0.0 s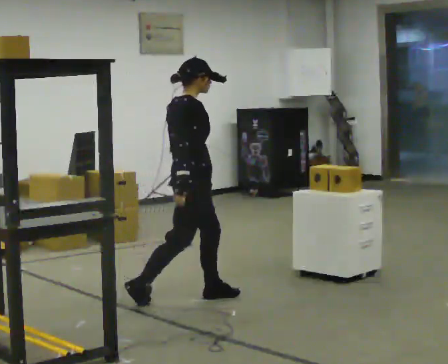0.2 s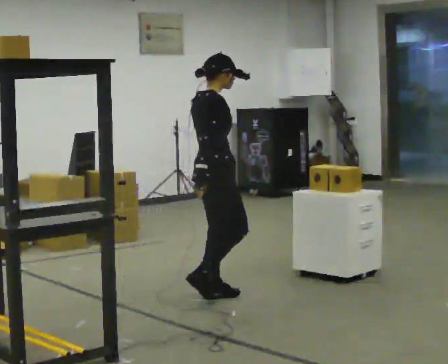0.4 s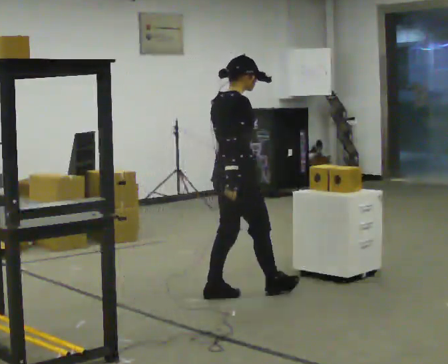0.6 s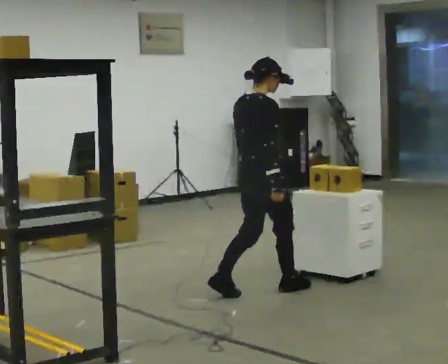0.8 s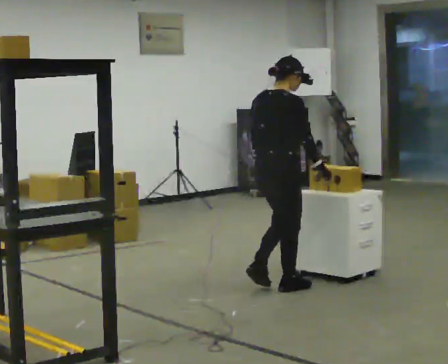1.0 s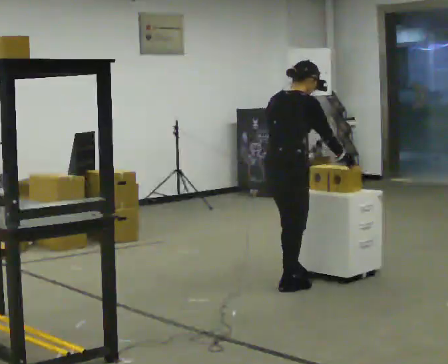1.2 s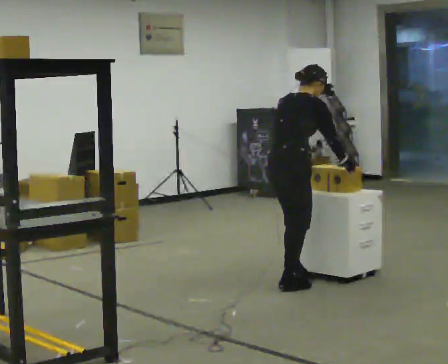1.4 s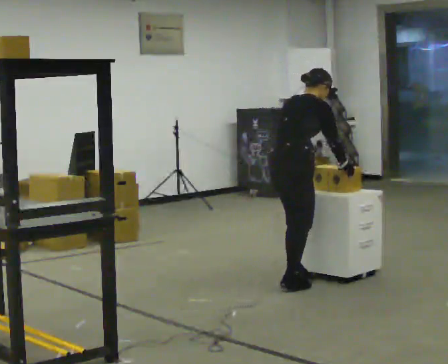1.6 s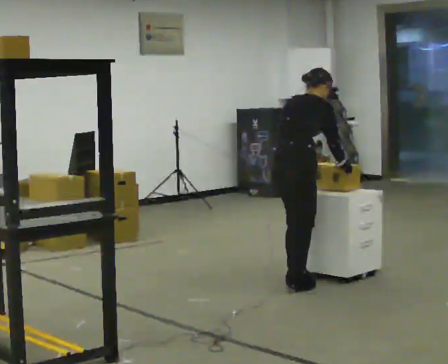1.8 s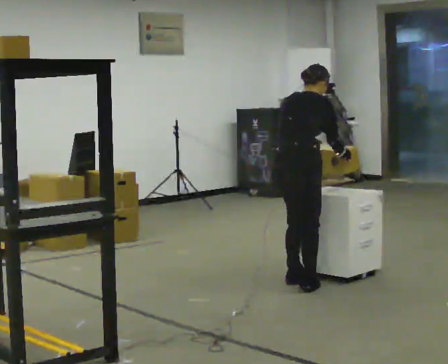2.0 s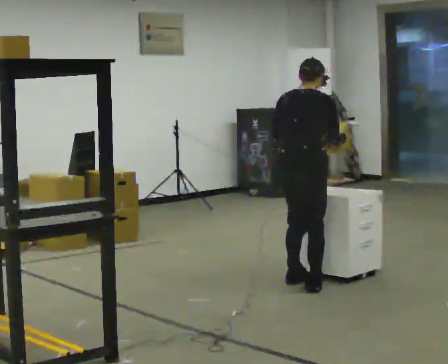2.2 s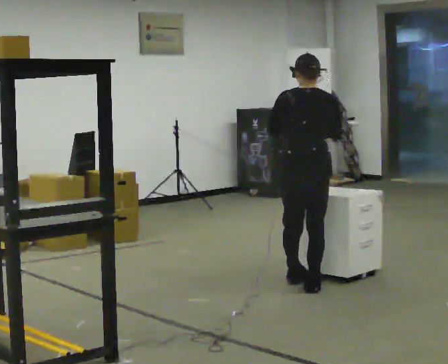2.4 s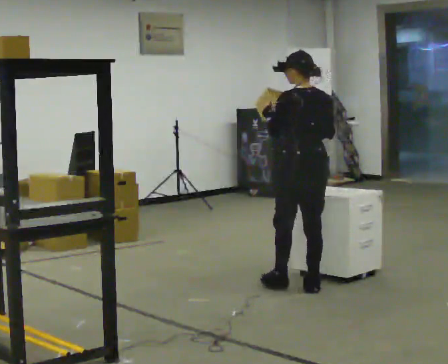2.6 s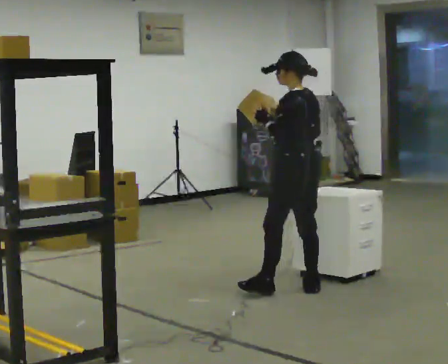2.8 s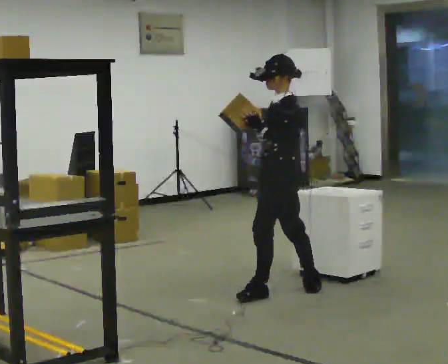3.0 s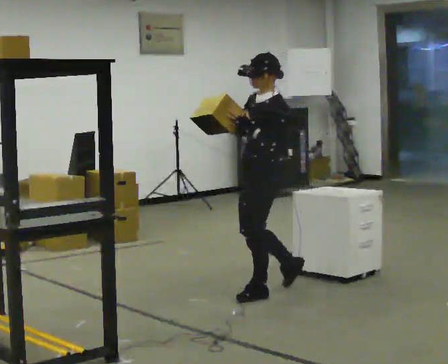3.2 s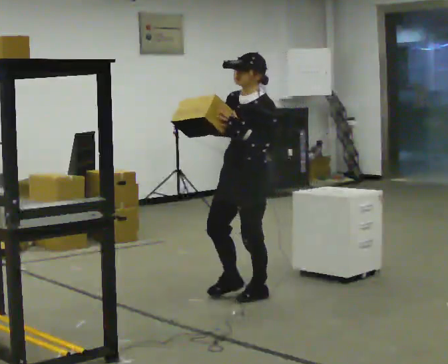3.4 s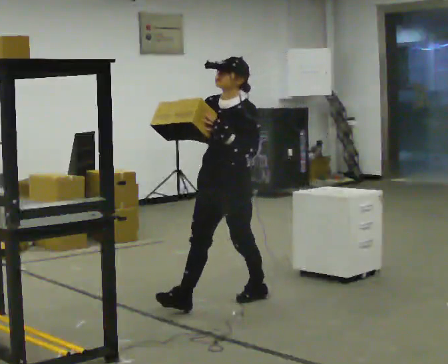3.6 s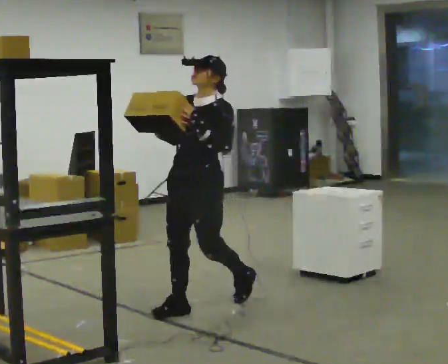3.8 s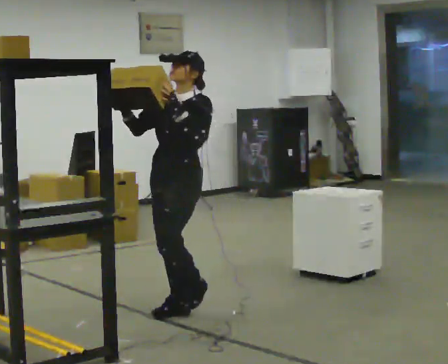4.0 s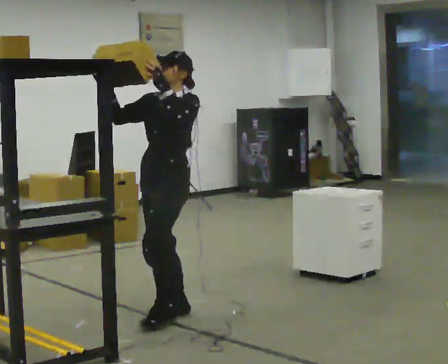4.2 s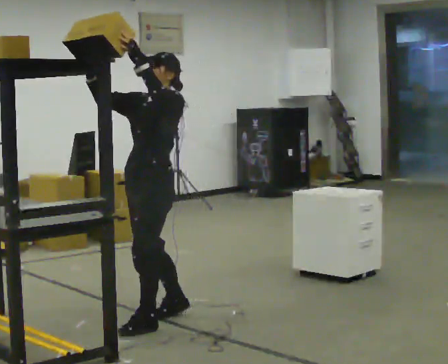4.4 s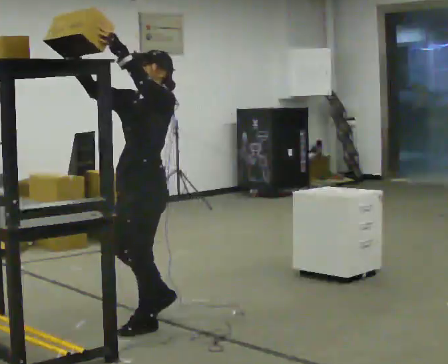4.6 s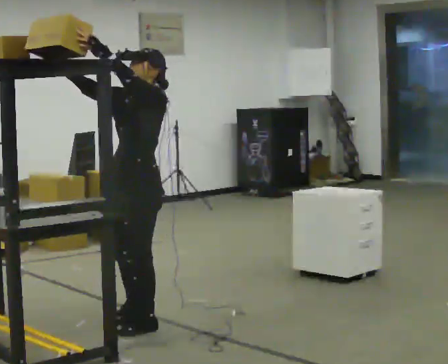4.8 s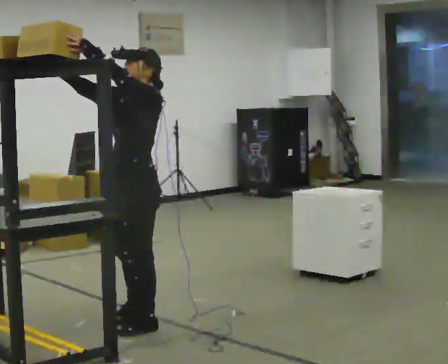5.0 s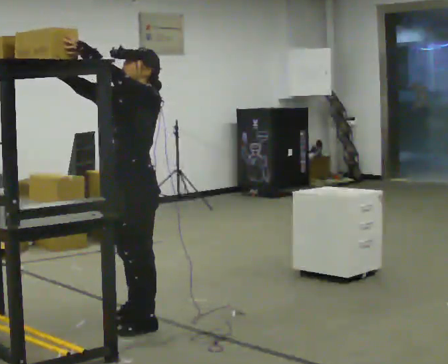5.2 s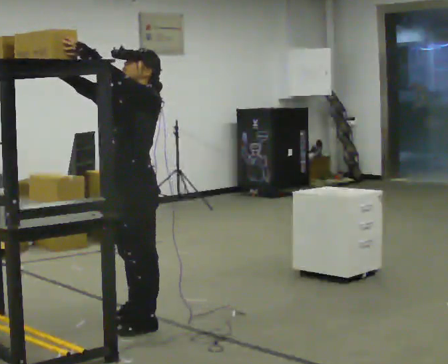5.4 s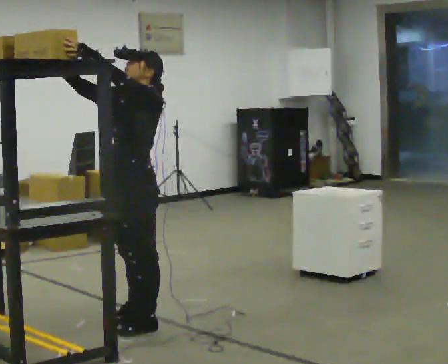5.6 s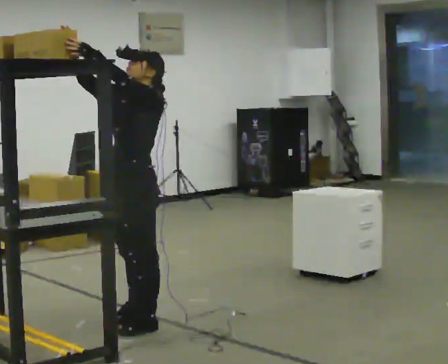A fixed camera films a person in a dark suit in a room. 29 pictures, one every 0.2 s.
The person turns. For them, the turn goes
to their left.
The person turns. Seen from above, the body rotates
counterclockwise.
0.0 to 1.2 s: In the picture they go to the right and away from the camera, about 0.75 m in 2 steps, which for them is forward. The upper body tips away from the camera, its near side rolling upward, as they bend forward.
1.2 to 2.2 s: Seen from above the body turns counterclockwise, about 45 degrees: to their left, with its near side sliding to the right. In the picture the upper body tilts counterclockwise, shoulders to the left.
2.2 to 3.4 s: The person turns about 150 degrees to their left, counterclockwise seen from above, so the part of the body nearest the lens slides to the right. In the picture they go to the left and toward the camera, about 0.5 m in 1 step. The upper body tips toward the camera, its near side rolling downward.
3.4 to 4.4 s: In the picture they go toward the camera and to the left, about 0.75 m in 2 steps, which for them is forward. In the picture their left hand goes upward.
4.4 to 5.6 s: The person moves a little, or ends about where they began.
The film runs forward here.
